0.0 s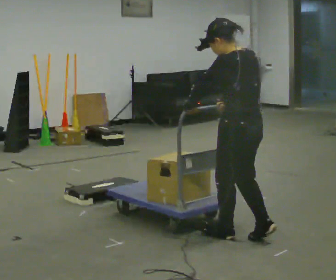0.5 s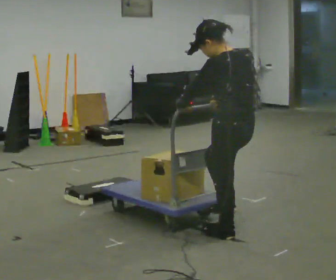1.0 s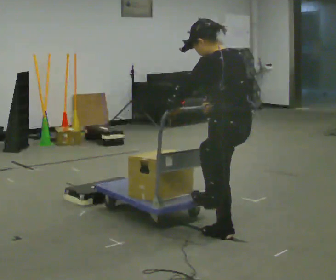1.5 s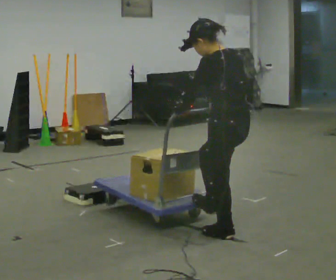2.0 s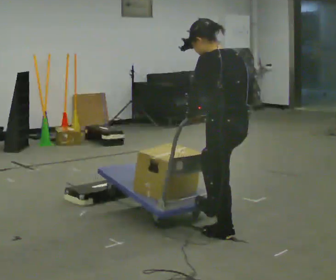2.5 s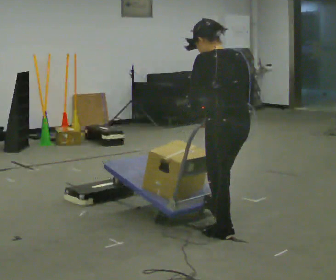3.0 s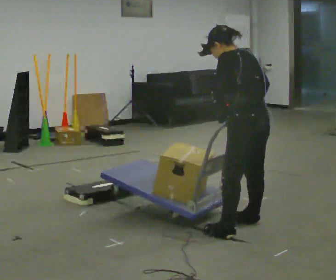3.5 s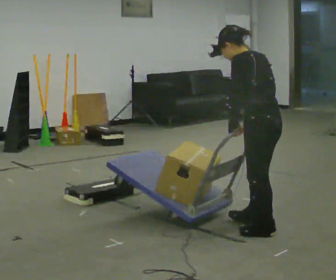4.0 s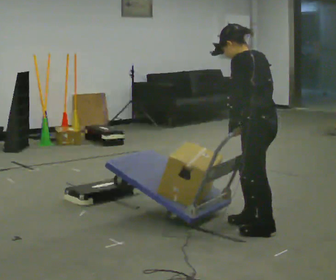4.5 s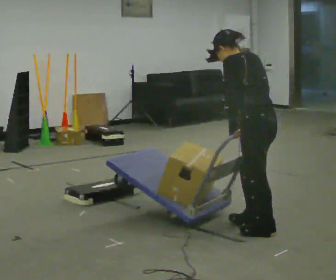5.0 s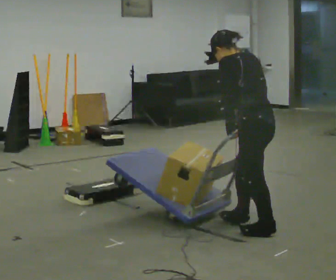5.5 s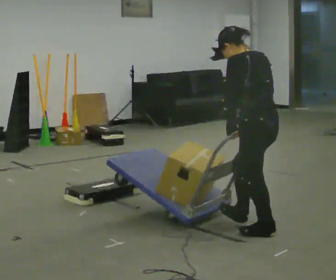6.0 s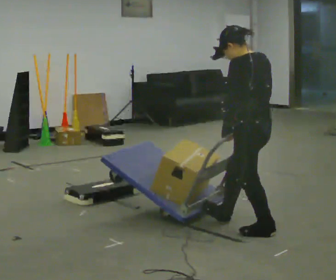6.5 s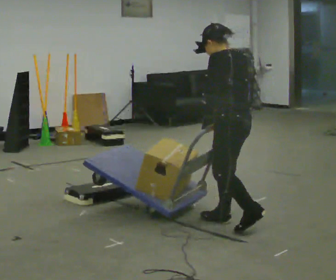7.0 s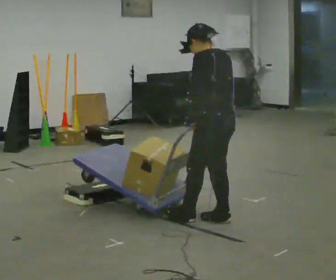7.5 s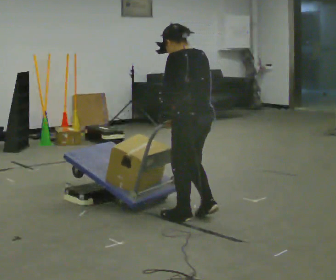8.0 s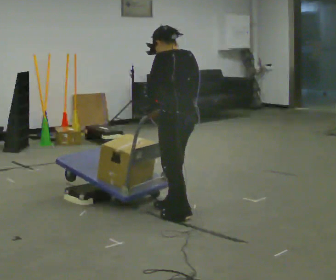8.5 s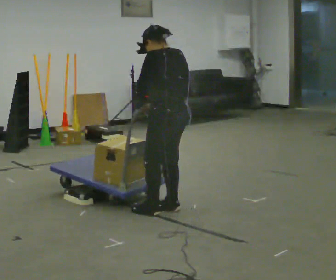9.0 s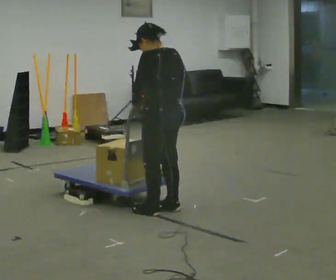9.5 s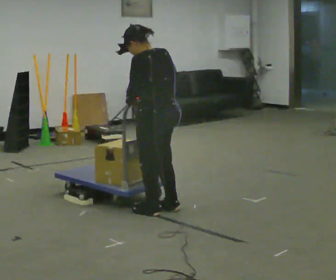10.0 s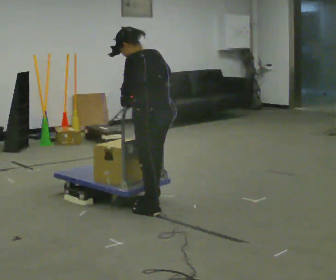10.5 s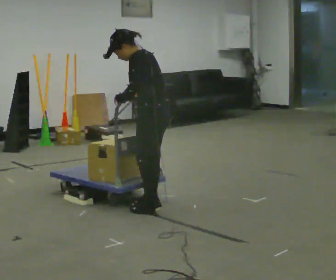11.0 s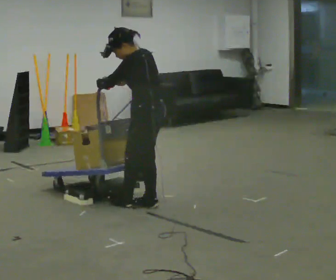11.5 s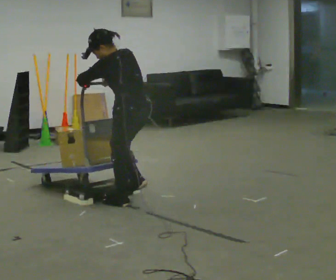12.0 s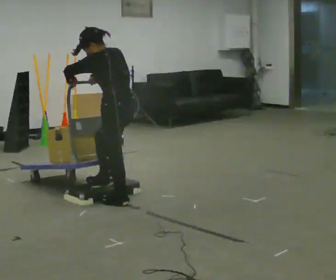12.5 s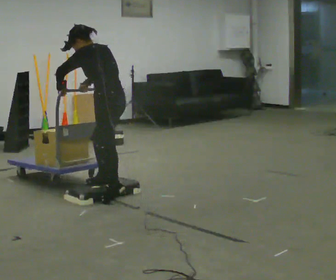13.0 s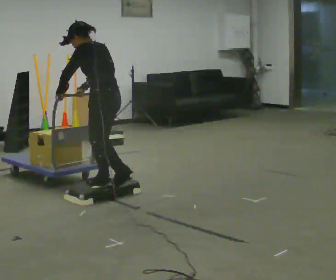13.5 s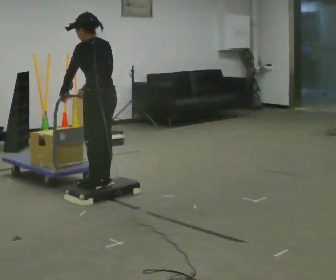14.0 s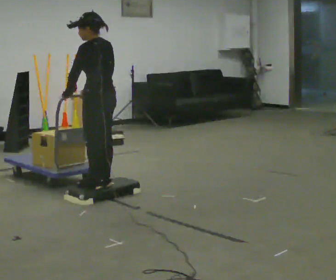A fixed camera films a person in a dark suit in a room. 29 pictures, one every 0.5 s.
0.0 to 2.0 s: The person moves a little, or ends about where they began.
2.0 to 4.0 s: In the picture they go to the right, about 0.25 m in 2 steps, which for them is to their right.
4.0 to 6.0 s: The person moves a little, or ends about where they began.
6.0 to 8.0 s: In the picture they go to the left and away from the camera, about 0.75 m in 2 steps, which for them is forward.
8.0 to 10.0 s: In the picture they go to the left, about 0.25 m in 2 steps, which for them is forward.
10.0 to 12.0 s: In the picture they go to the left and away from the camera, about 0.25 m in 2 steps, which for them is forward.
12.0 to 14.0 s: In the picture they go to the left, about 0.25 m in 1 step, which for them is forward.
The film runs forward here.
